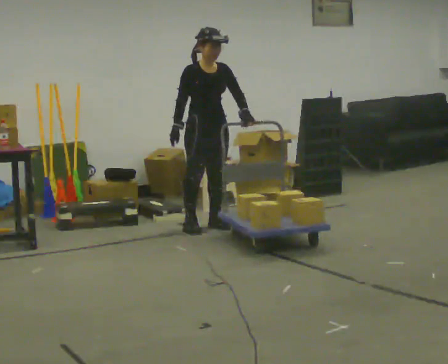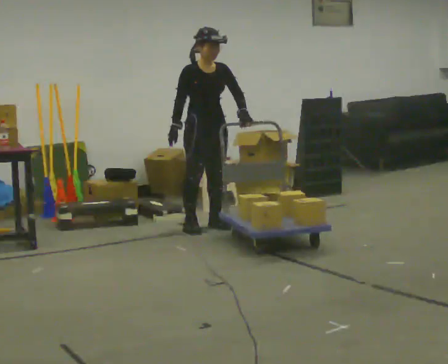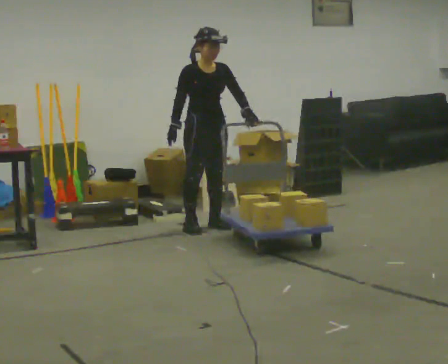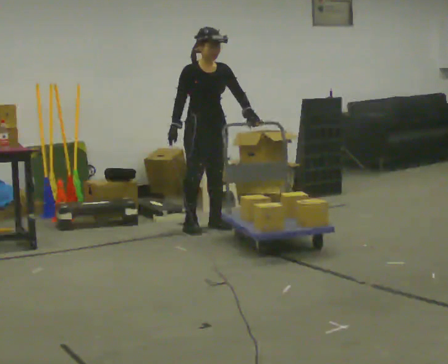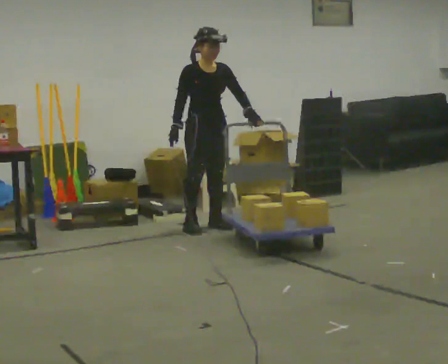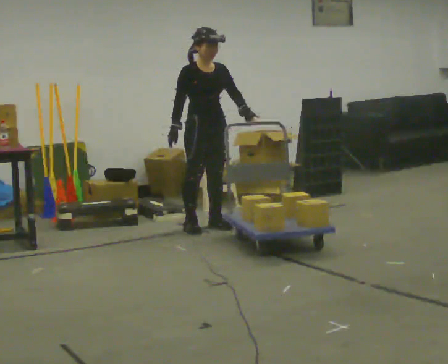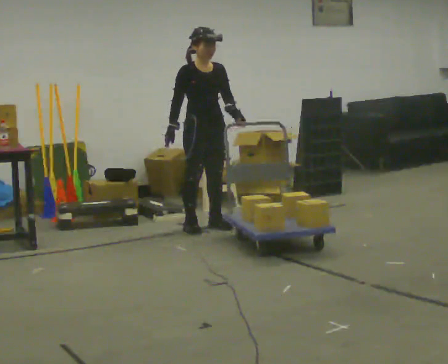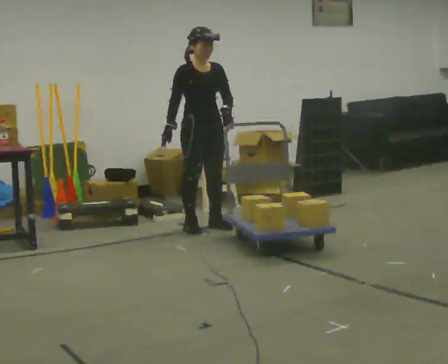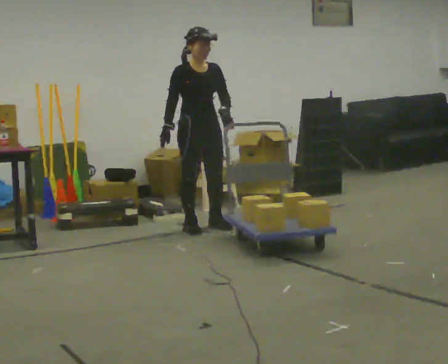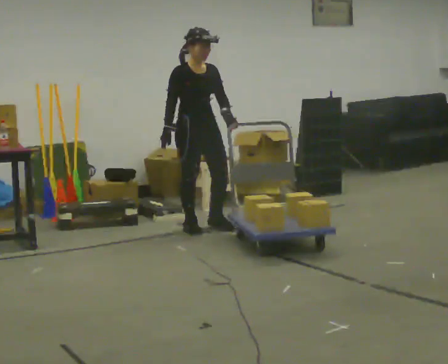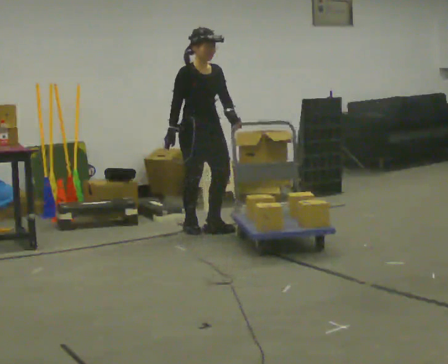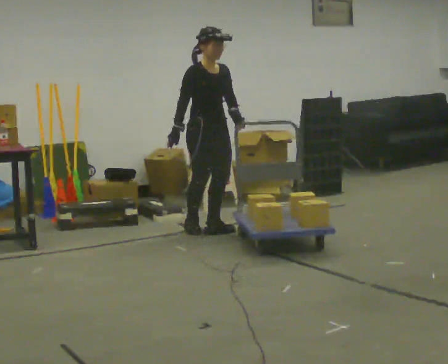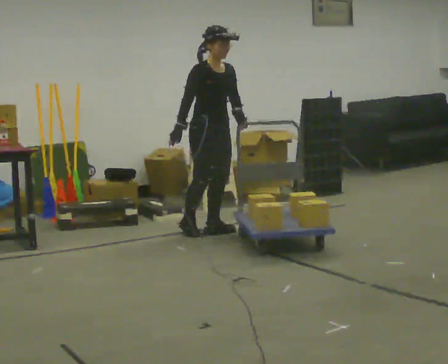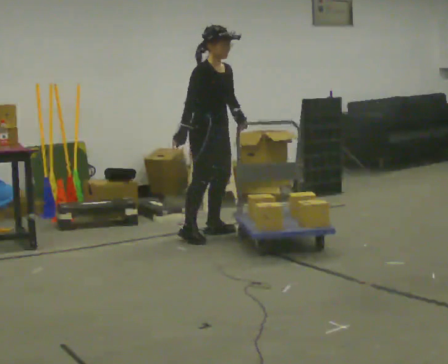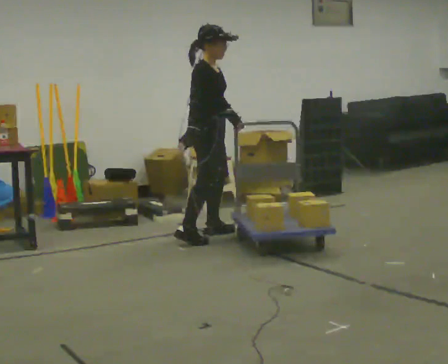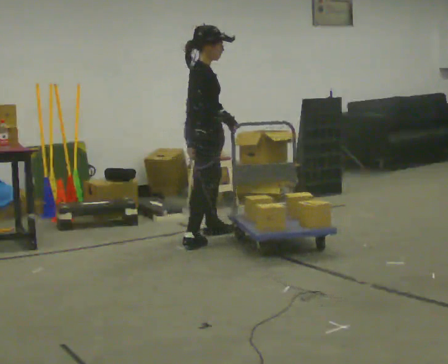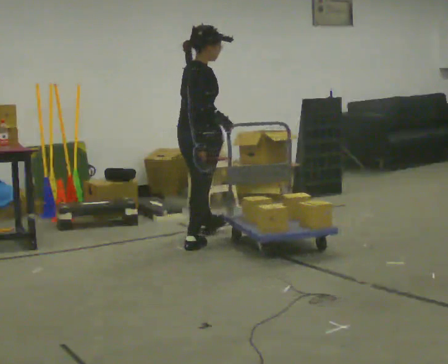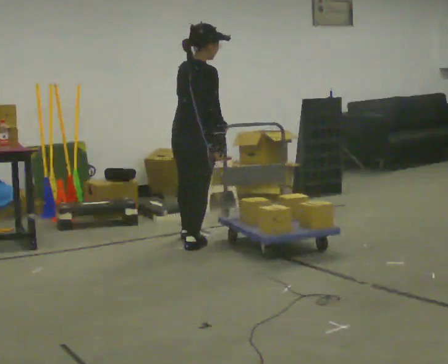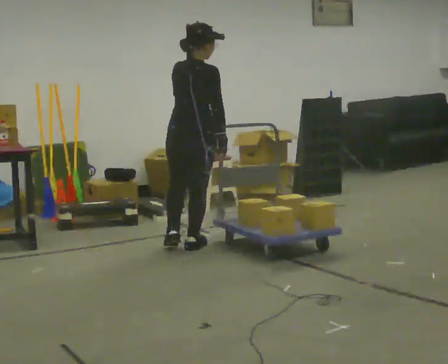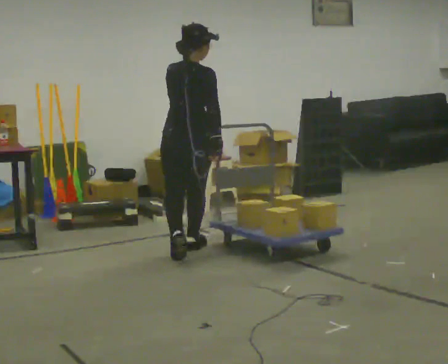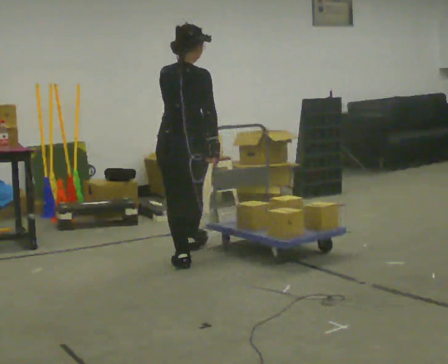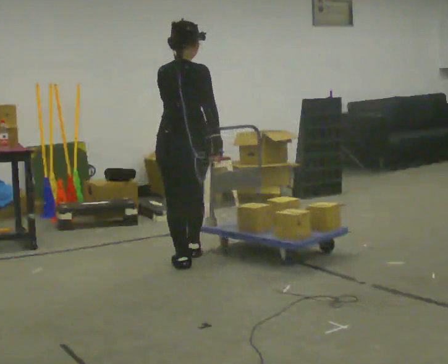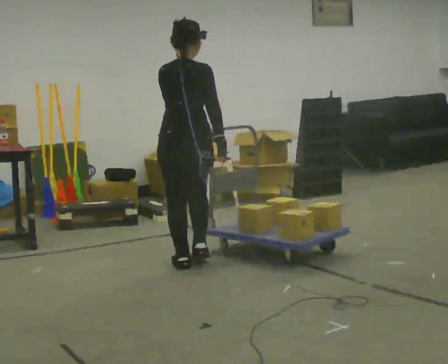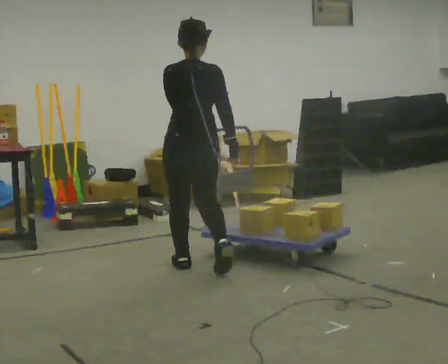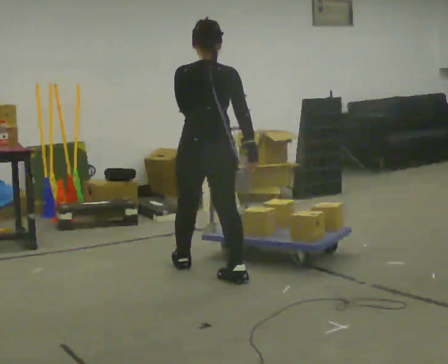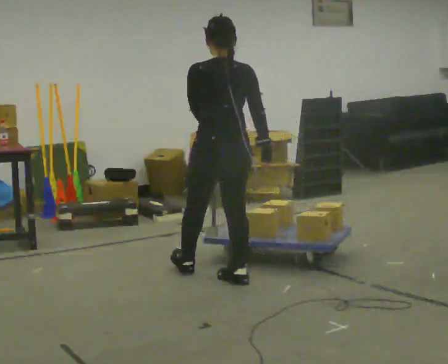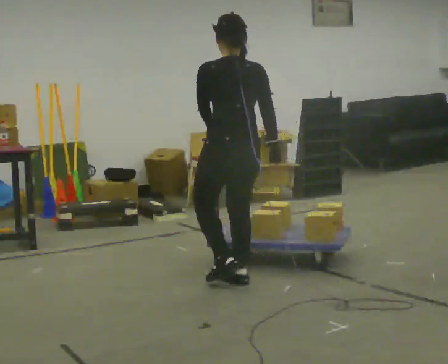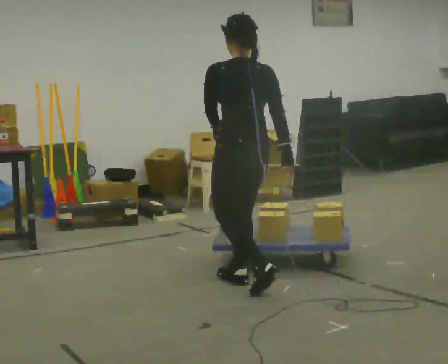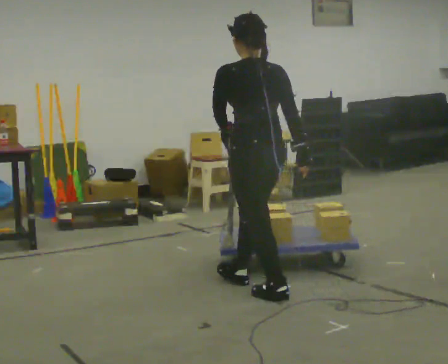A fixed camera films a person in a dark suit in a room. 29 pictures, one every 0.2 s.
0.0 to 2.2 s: The person moves a little, or ends about where they began.
2.2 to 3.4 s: Seen from above the body turns counterclockwise, about 105 degrees: to their left, with its near side sliding to the right. In the picture they go toward the camera, about 0.5 m in 2 steps.
3.4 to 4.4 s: Seen from above the body turns counterclockwise, about 45 degrees: to their left, with its near side sliding to the right. In the picture they go toward the camera, about 0.5 m in 1 step, which for them is backward.
4.4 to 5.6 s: Seen from above the body turns counterclockwise, about 30 degrees: to their left, with its near side sliding to the right. In the picture they go toward the camera and to the right, about 0.5 m in 1 step, which for them is backward.
The film runs backward here.
